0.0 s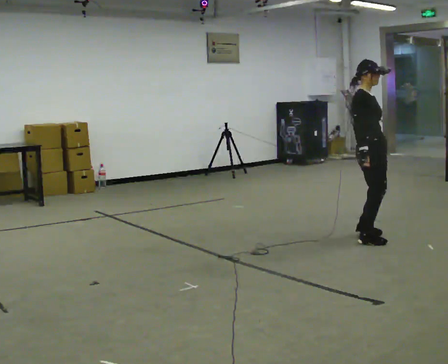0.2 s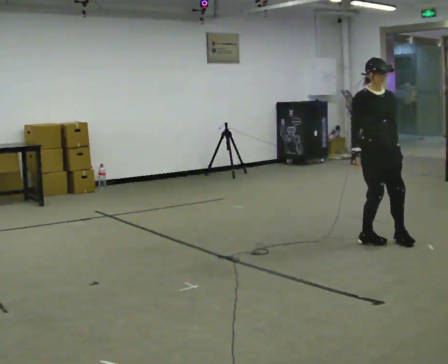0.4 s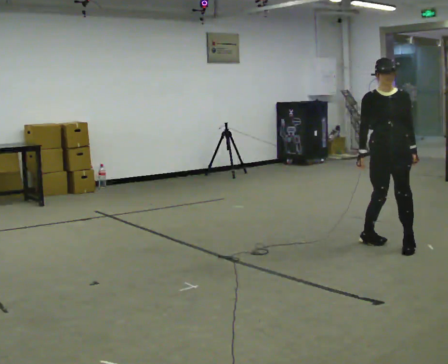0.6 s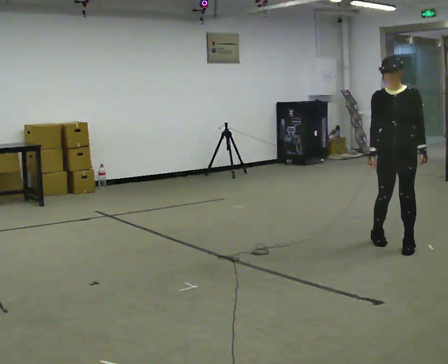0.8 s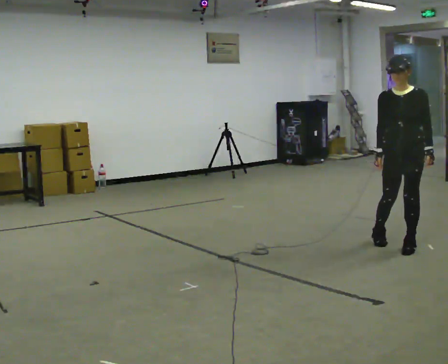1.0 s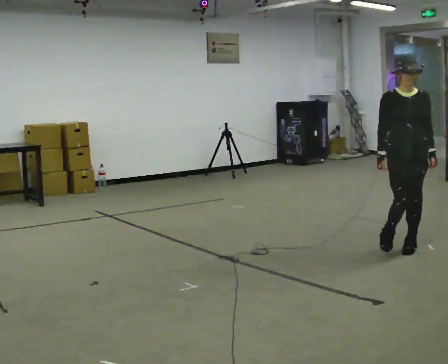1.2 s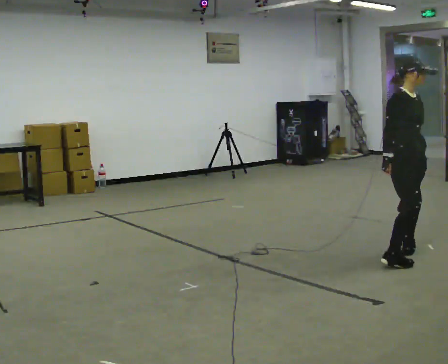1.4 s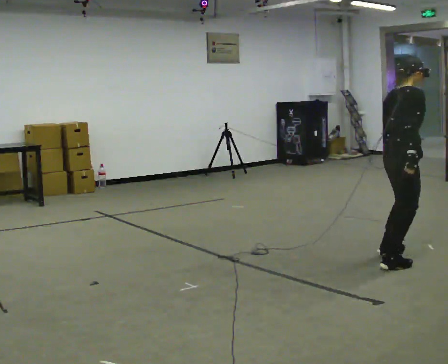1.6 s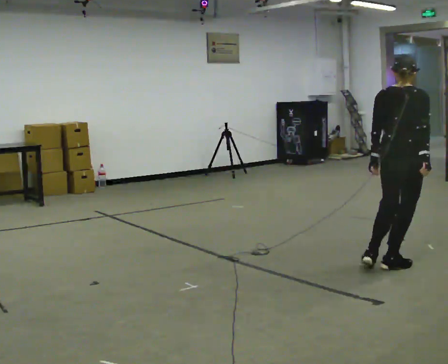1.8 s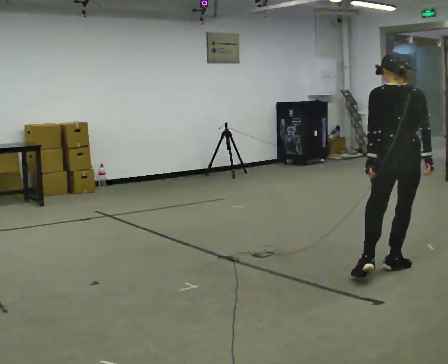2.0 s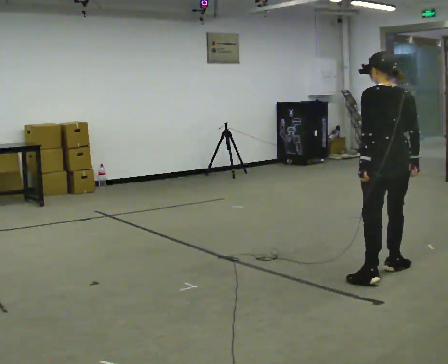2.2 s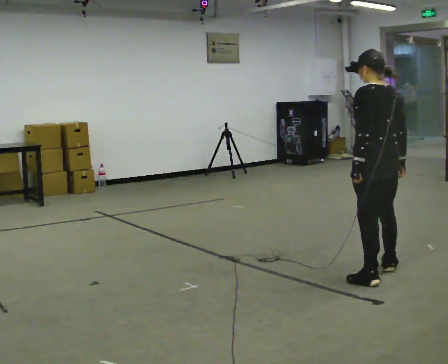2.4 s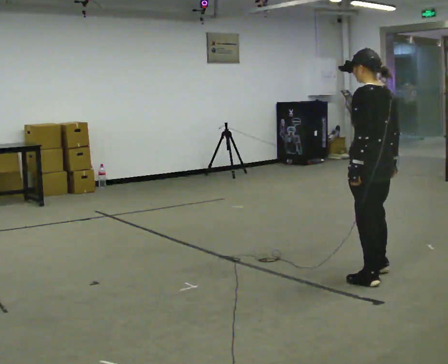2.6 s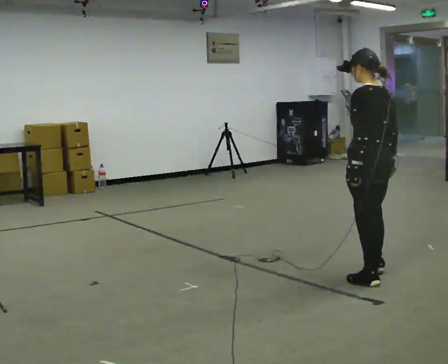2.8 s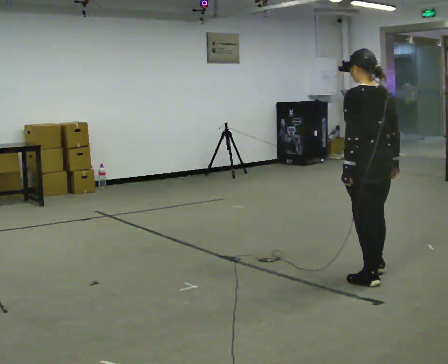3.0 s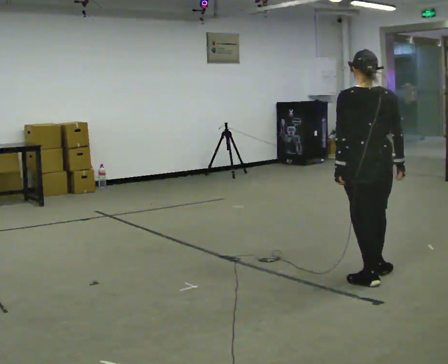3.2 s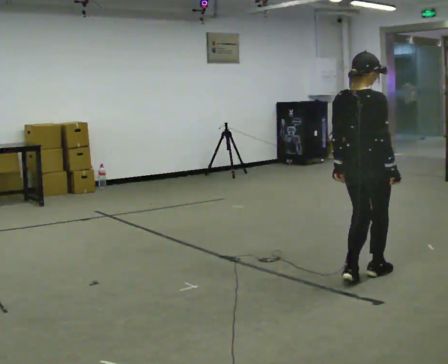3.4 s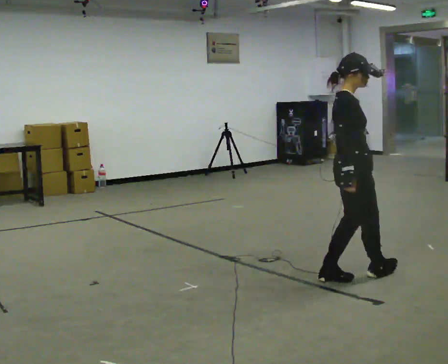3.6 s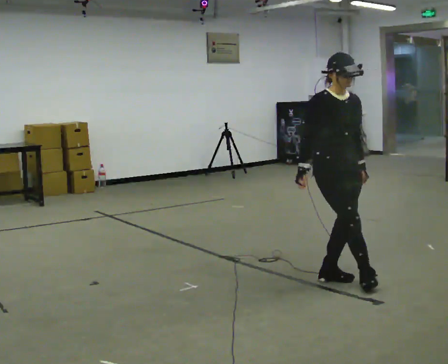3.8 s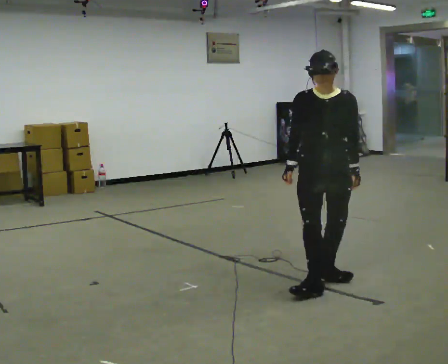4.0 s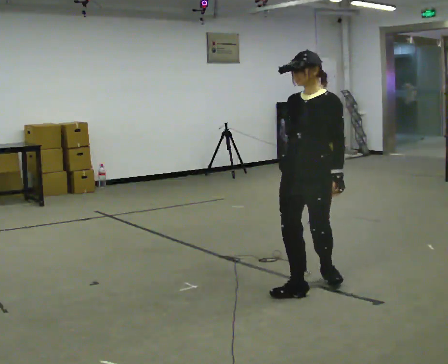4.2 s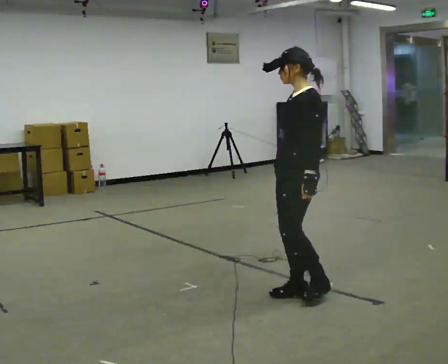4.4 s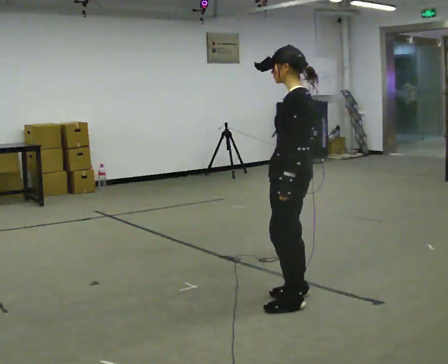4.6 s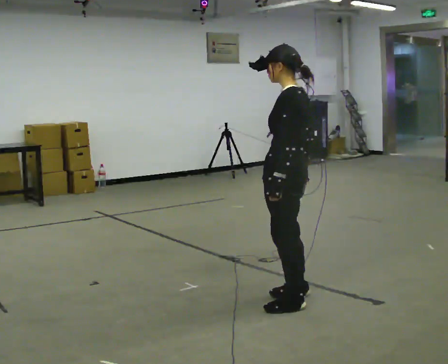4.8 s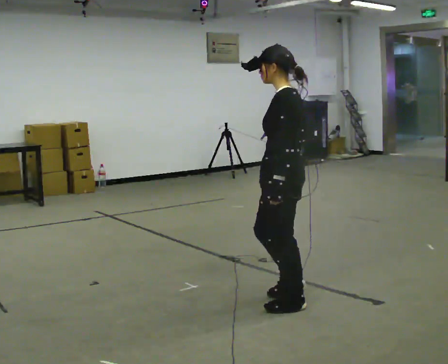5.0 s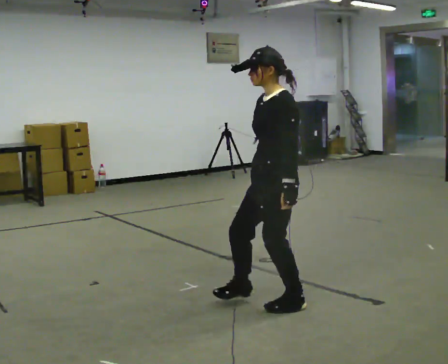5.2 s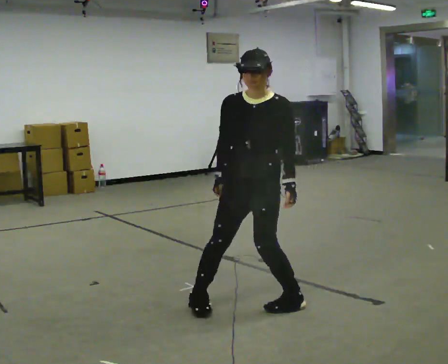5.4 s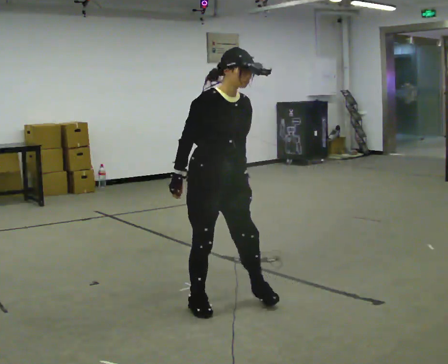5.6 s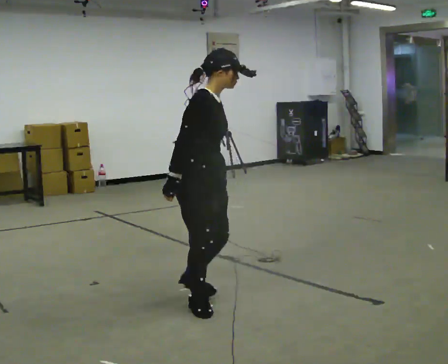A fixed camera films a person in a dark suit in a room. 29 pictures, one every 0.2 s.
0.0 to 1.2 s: In the picture they go toward the camera and to the right, about 0.5 m in 1 step.
1.2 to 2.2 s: Seen from above the body turns counterclockwise, about 165 degrees: to their left, with its near side sliding to the right. In the picture they go toward the camera, about 0.5 m in 2 steps.
2.2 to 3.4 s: Seen from above the body turns clockwise, about 135 degrees: to their right, with its near side sliding to the left. In the picture they go to the left, about 0.25 m in 1 step.
3.4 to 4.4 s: The person turns about 180 degrees to their right, clockwise seen from above, so the part of the body nearest the lens slides to the left. In the picture they go toward the camera and to the left, about 0.5 m in 2 steps.
4.4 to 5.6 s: Seen from above the body turns counterclockwise, about 180 degrees: to their left, with its near side sliding to the right. In the picture they go to the left and toward the camera, about 0.75 m in 1 step.
The film runs forward here.
